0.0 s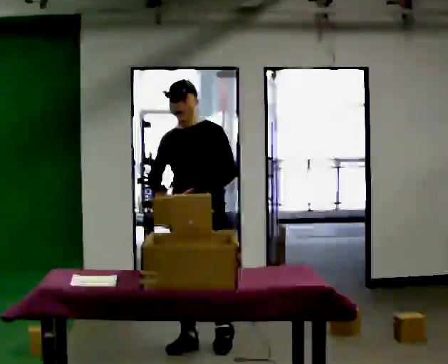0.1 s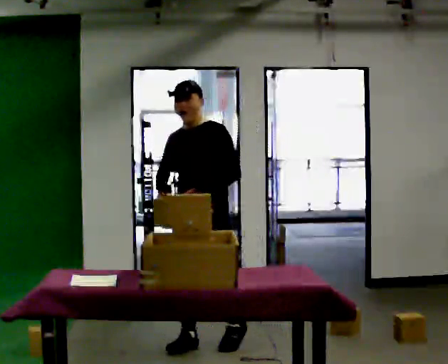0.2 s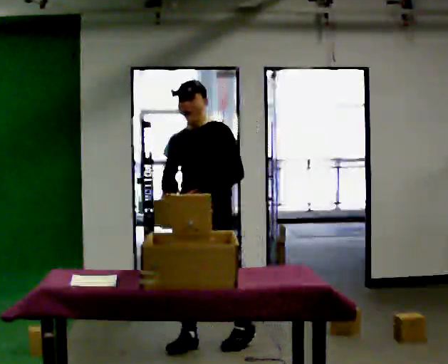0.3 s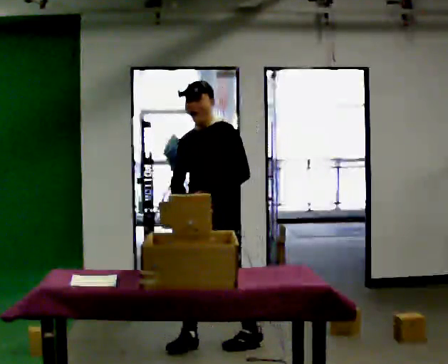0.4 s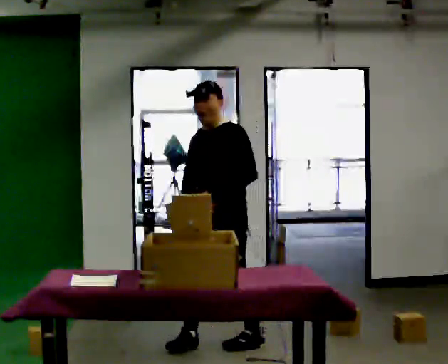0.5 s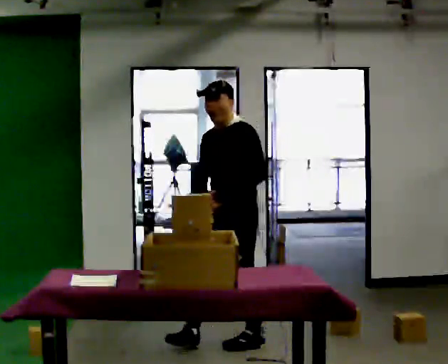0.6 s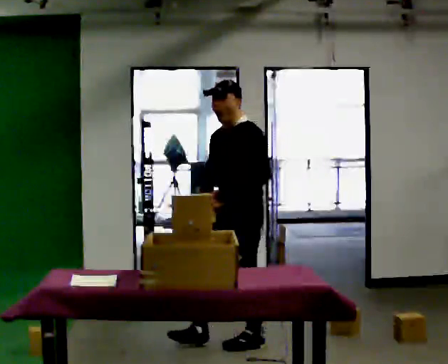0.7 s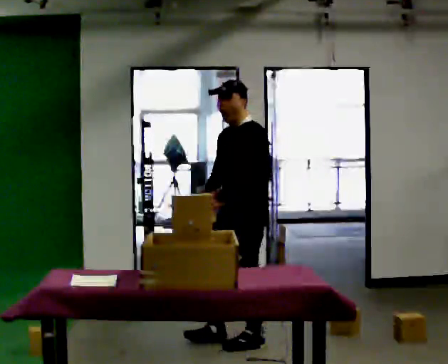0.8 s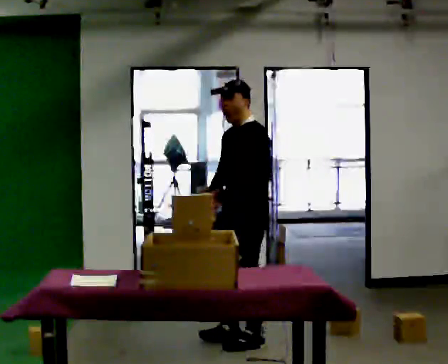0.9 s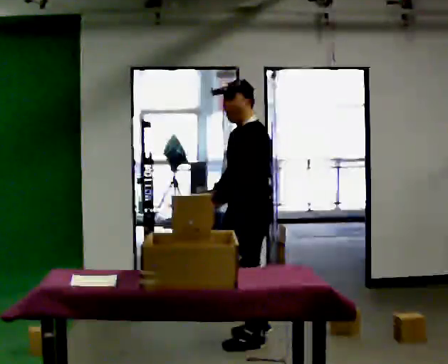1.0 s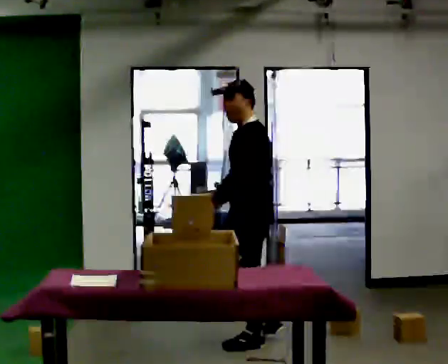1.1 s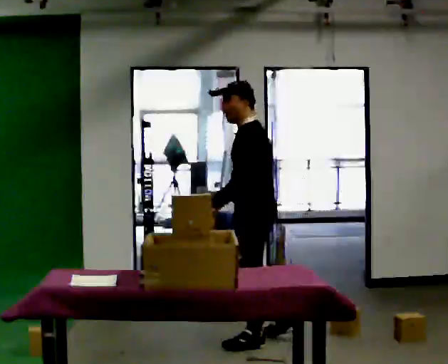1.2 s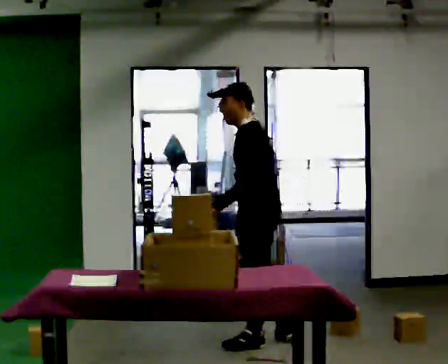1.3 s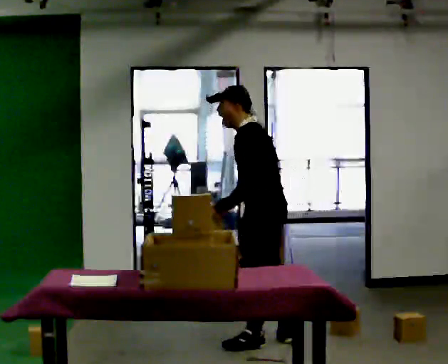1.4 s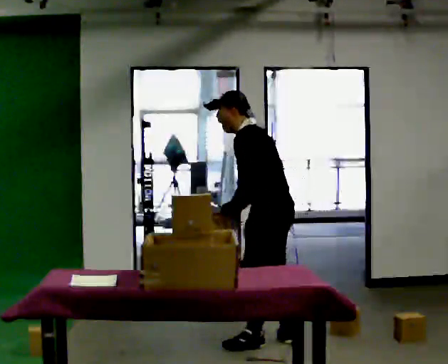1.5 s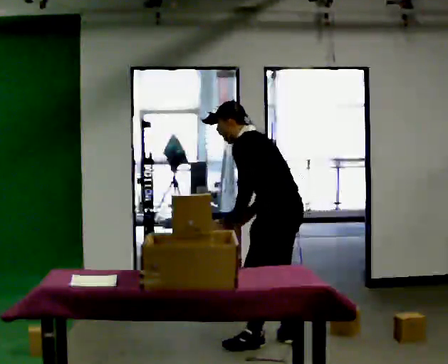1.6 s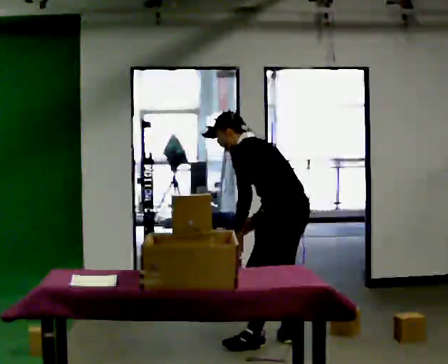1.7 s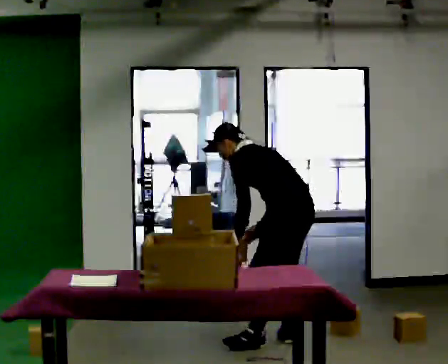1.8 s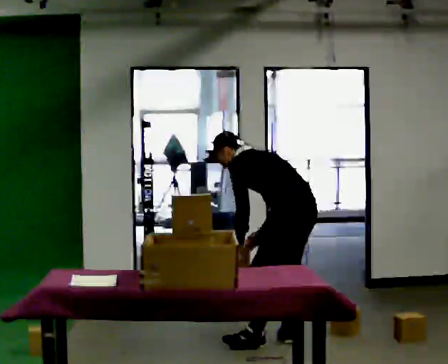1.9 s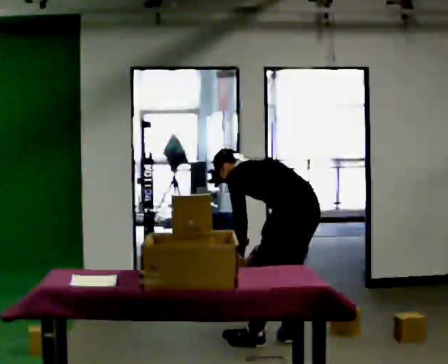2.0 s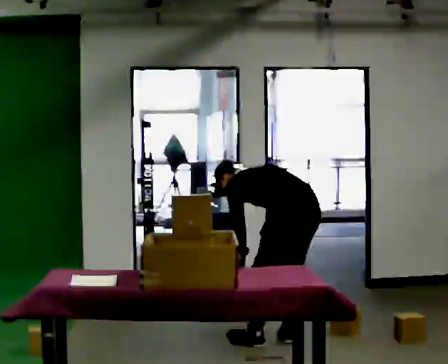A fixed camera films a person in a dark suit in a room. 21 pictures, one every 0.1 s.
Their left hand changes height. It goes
downward.
The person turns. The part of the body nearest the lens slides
to the left.
0.0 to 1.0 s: The person turns about 45 degrees to their right, clockwise seen from above, so the part of the body nearest the lens slides to the left. In the picture they go to the right, about 0.25 m in 1 step, which for them is backward and to their left.
1.0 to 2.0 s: The person turns about 45 degrees to their right, clockwise seen from above, so the part of the body nearest the lens slides to the left. In the picture they go to the right, about 0.25 m, which for them is backward. The shoulders move downward. In the picture the upper body tilts counterclockwise, shoulders to the left, as they bend forward. In the picture their right hand goes downward.
The film runs backward here.
